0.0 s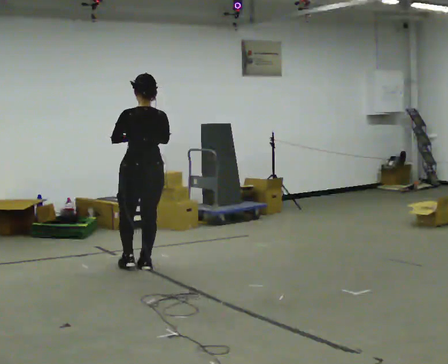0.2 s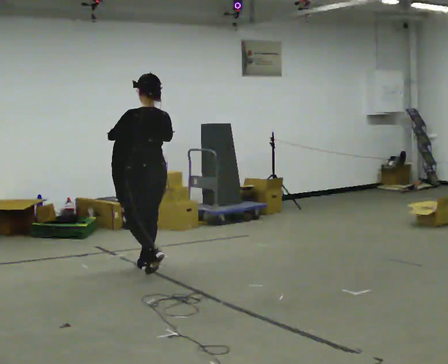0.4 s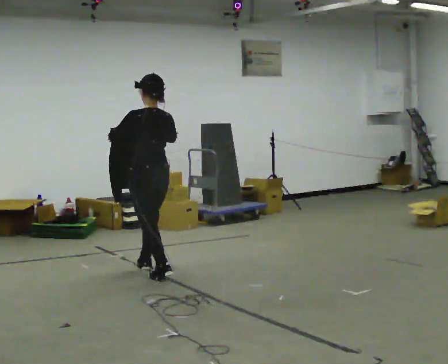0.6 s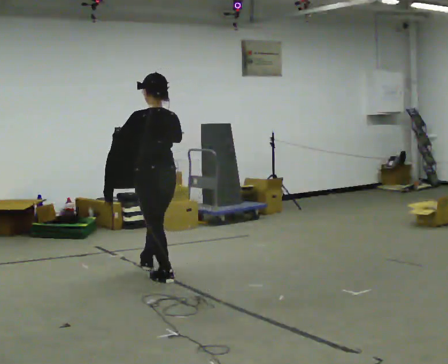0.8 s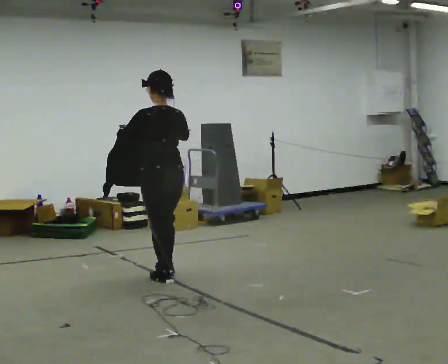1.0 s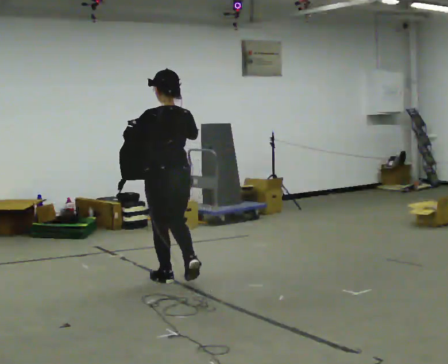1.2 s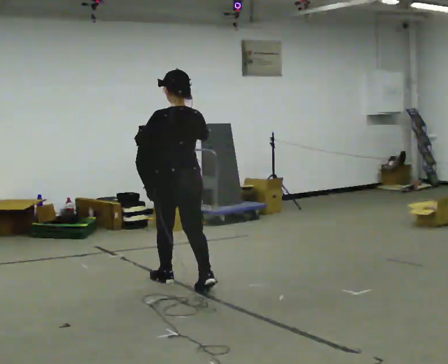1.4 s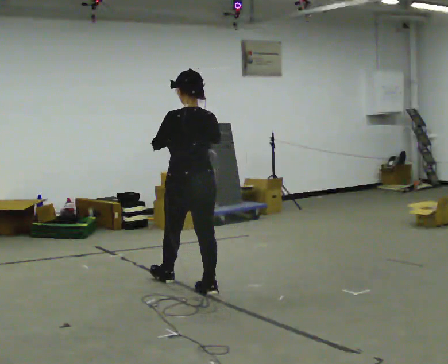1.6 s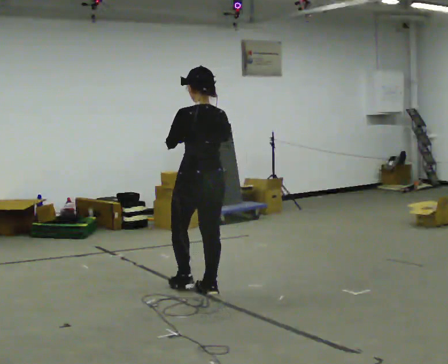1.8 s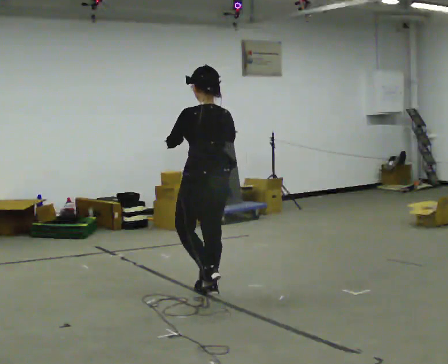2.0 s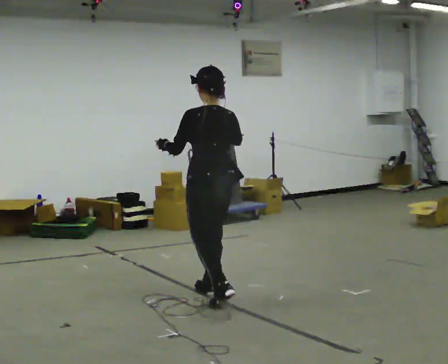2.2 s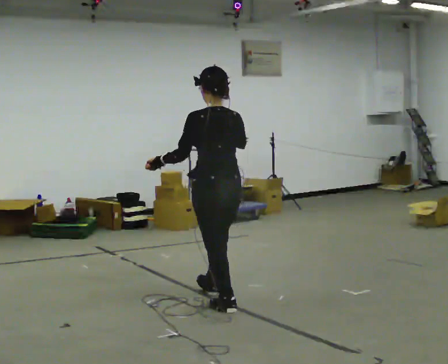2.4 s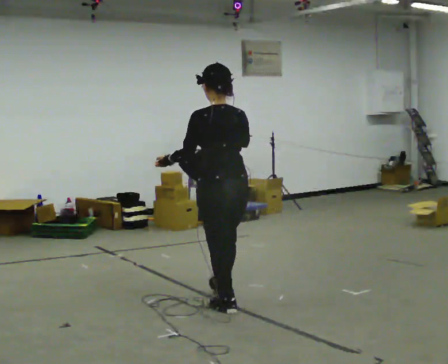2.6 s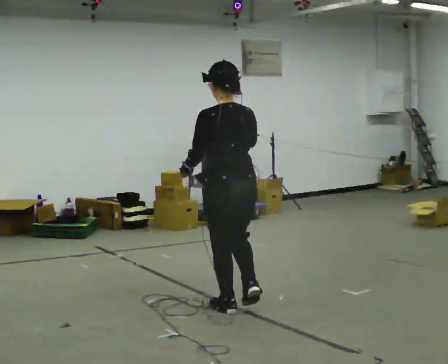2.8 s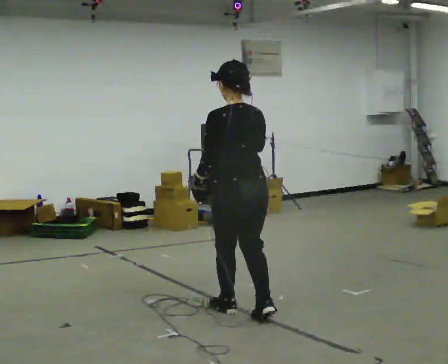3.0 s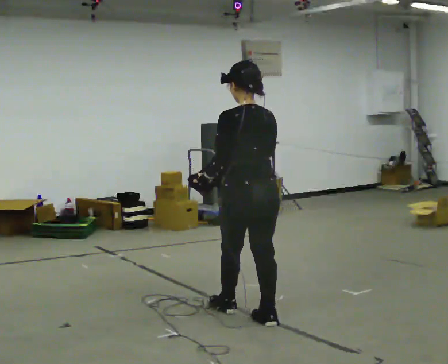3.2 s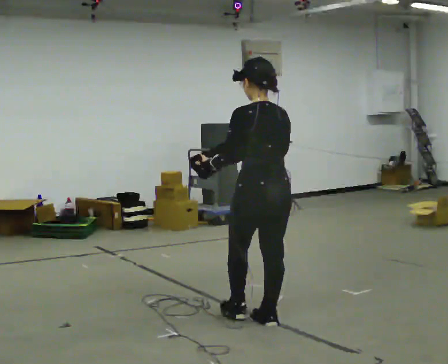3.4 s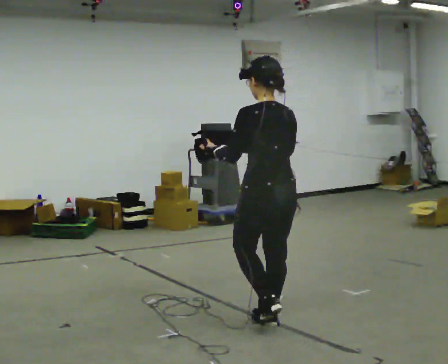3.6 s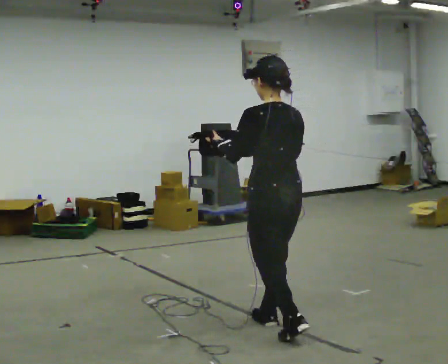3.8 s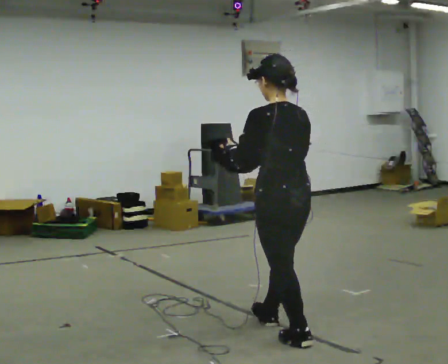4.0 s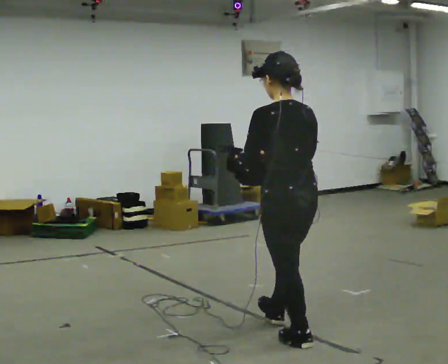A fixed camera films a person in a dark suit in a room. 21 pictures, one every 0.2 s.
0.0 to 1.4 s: In the picture they go toward the camera and to the right, about 1 m in 1 step, which for them is backward.
1.4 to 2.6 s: In the picture they go toward the camera and to the right, about 0.75 m in 2 steps, which for them is backward.
2.6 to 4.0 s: In the picture they go toward the camera and to the right, about 0.75 m in 2 steps, which for them is backward.
The film runs backward here.
